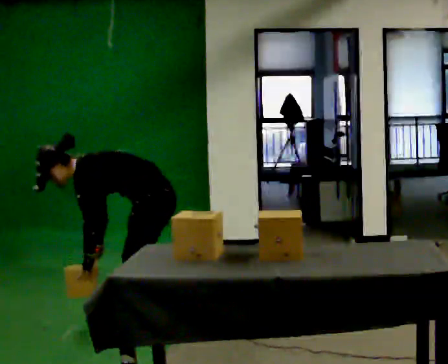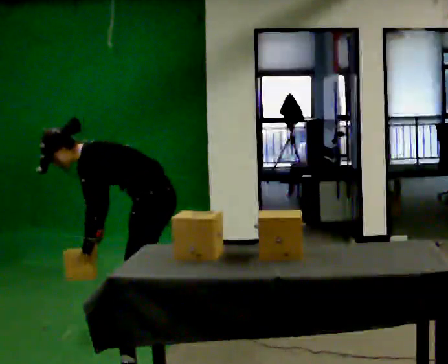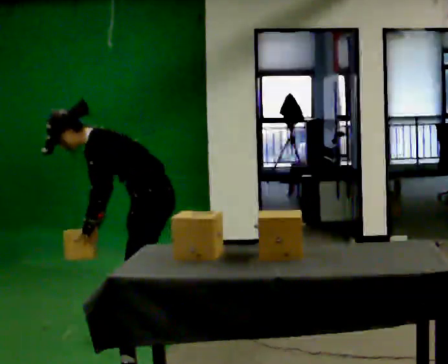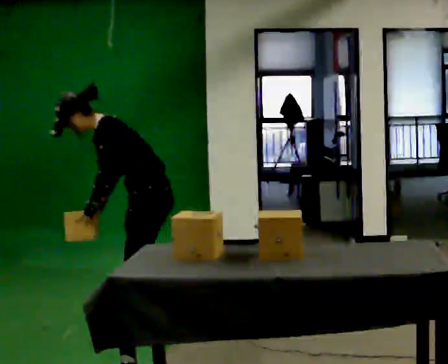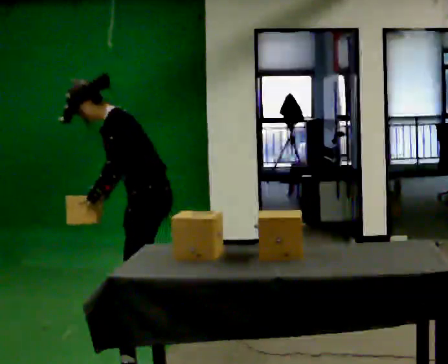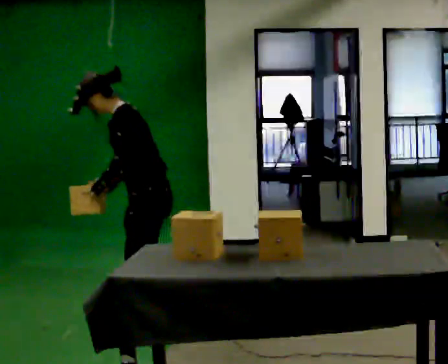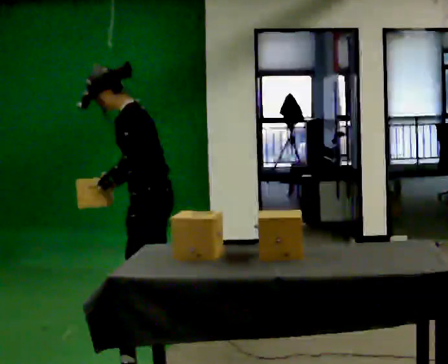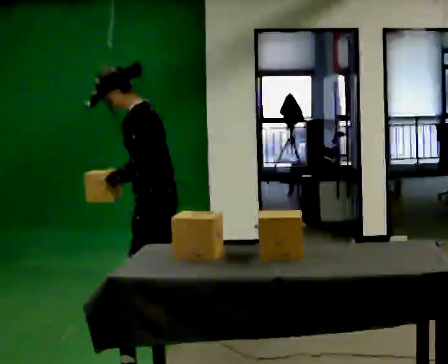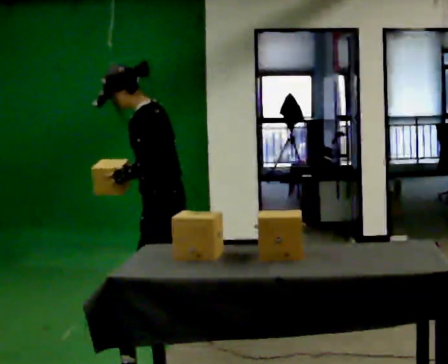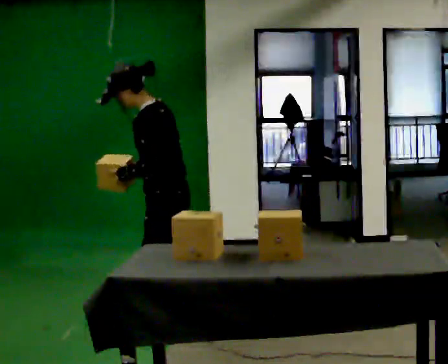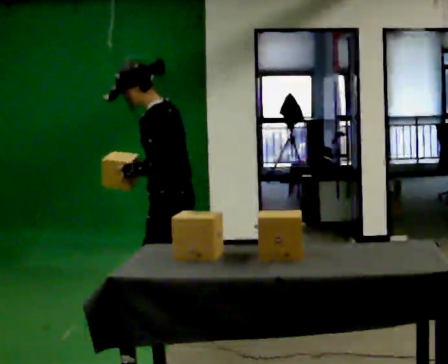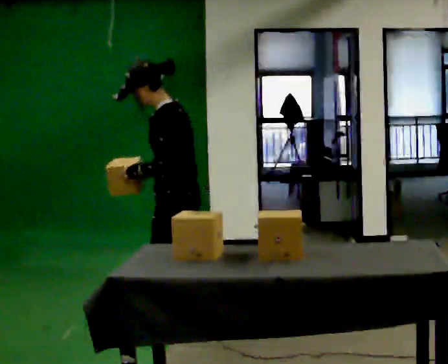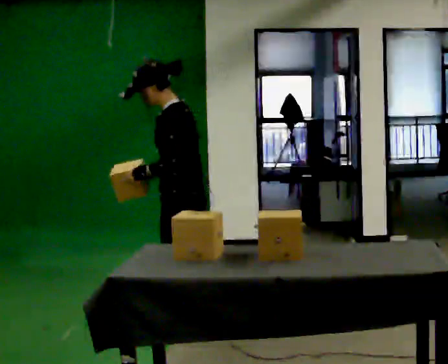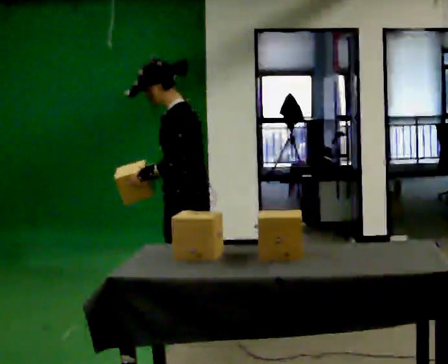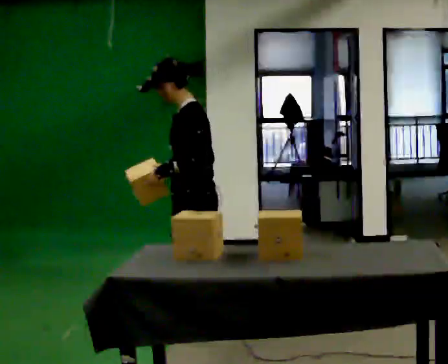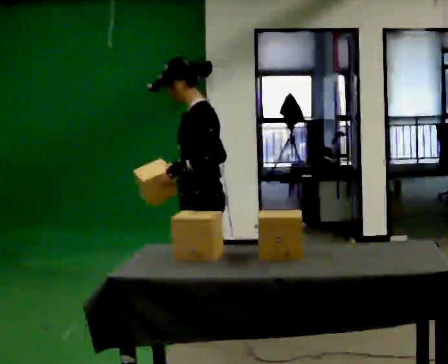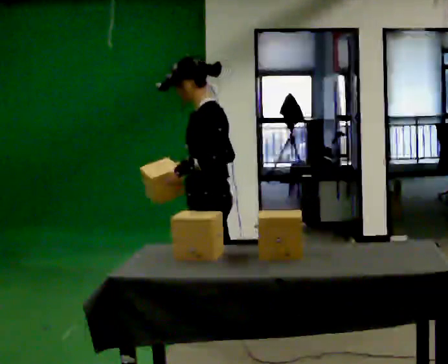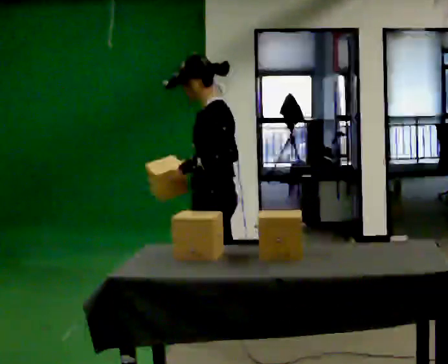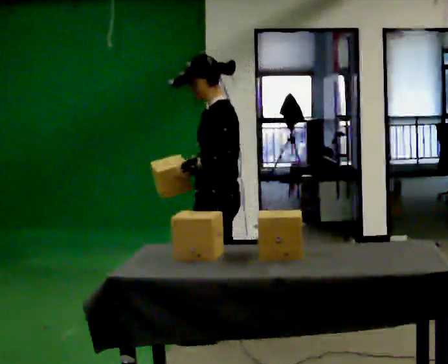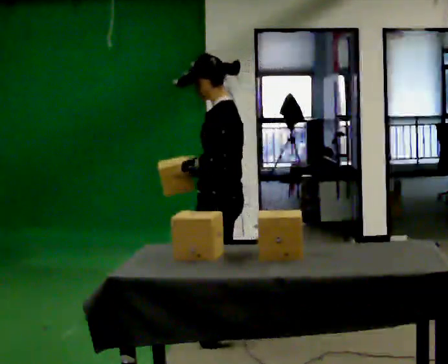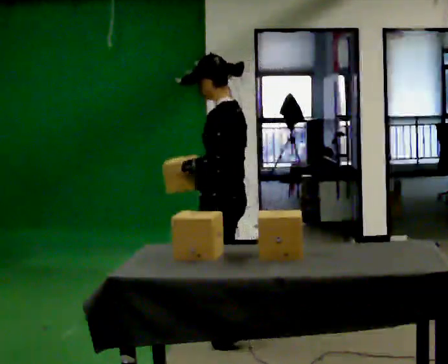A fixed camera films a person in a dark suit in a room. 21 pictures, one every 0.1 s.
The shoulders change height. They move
upward.
Their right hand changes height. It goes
upward.
0.0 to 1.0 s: The upper body goes upward. In the picture the upper body tilts clockwise, shoulders to the right, as they lean back or straighten. In the picture their right hand goes upward and to the right.
1.0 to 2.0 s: In the picture they go to the right, about 0.25 m in 1 step, which for them is backward.
The film runs backward here.
